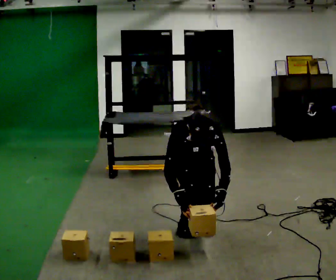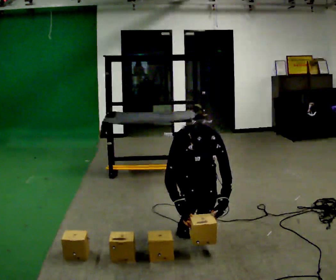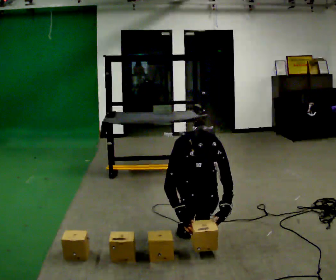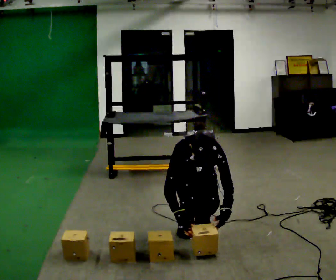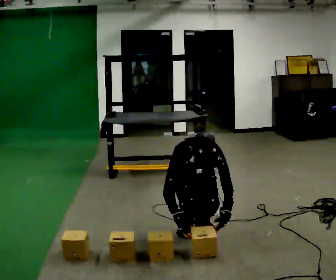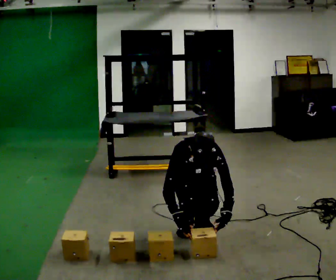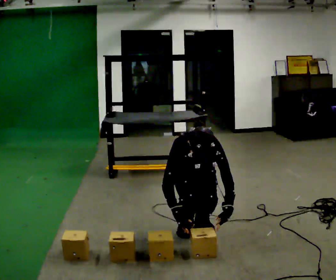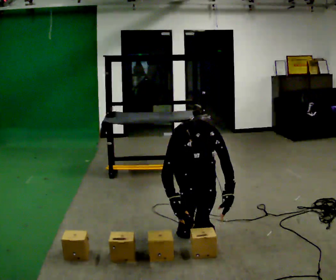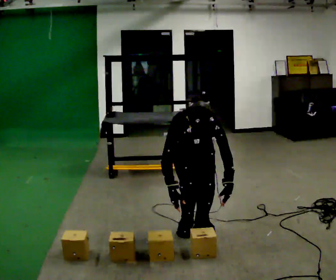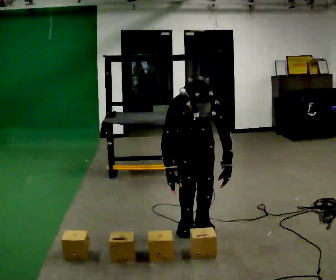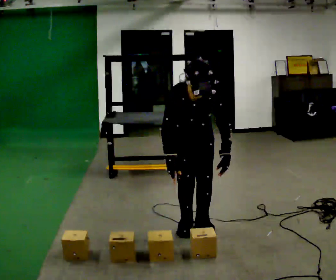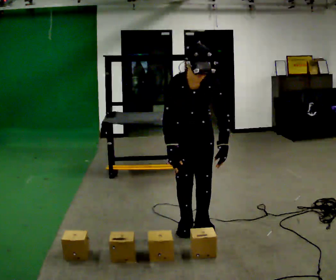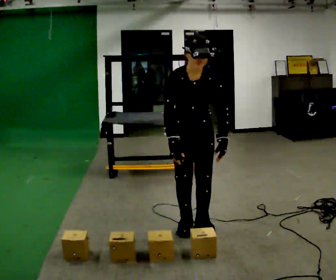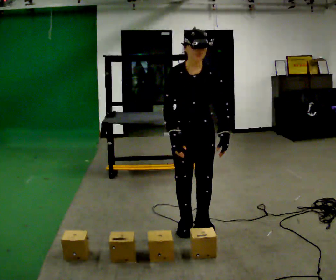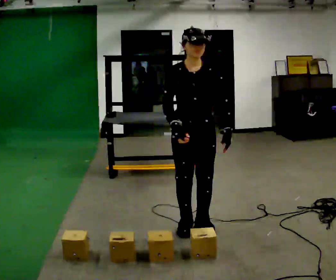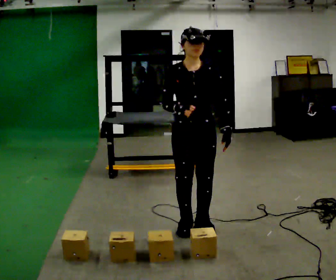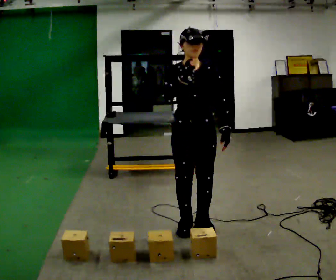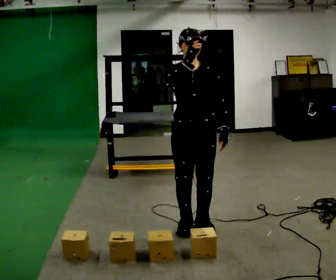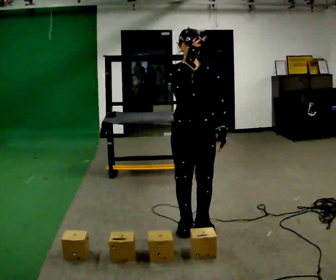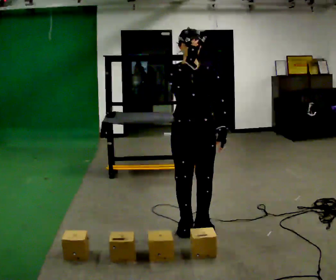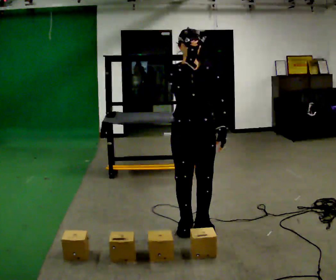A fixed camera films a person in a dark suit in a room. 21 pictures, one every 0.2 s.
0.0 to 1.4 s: The person moves a little, or ends about where they began.
1.4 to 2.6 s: The shoulders move upward. The upper body tips away from the camera, its near side rolling upward, as they lean back or straighten. In the picture their right hand goes upward.
2.6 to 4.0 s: In the picture their right hand goes upward.
The film runs forward here.
